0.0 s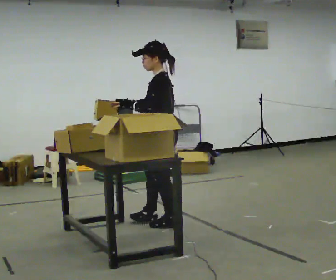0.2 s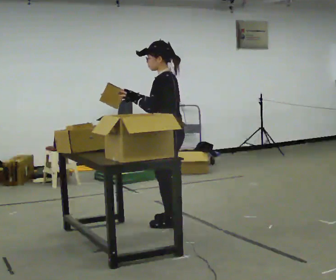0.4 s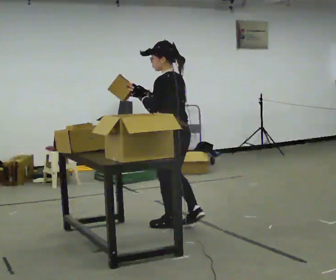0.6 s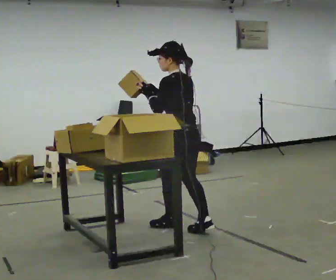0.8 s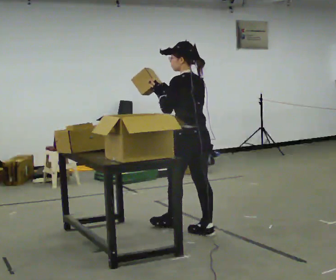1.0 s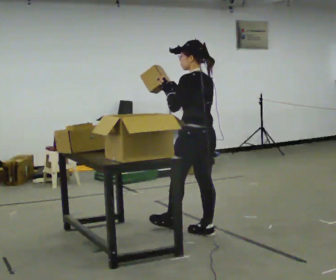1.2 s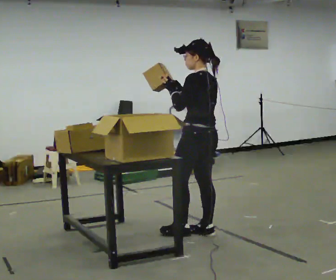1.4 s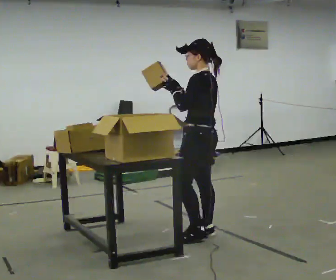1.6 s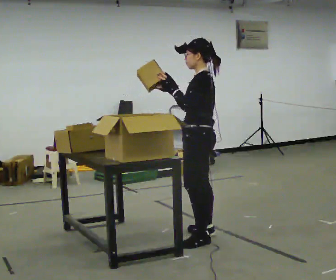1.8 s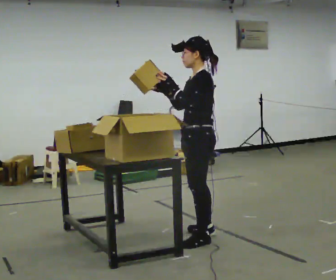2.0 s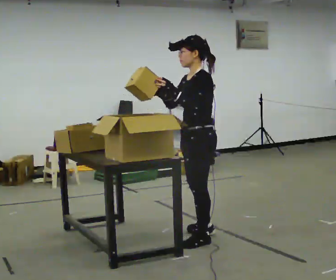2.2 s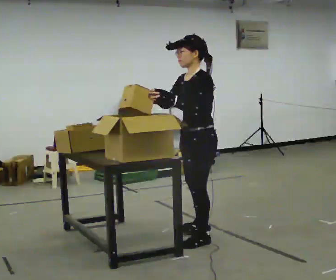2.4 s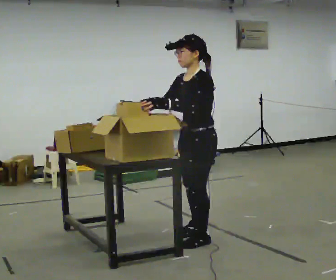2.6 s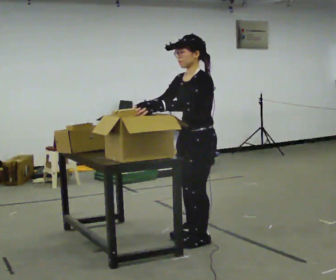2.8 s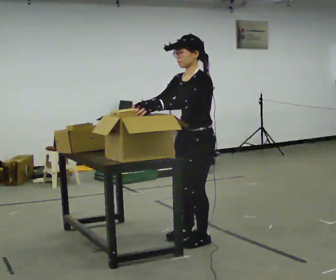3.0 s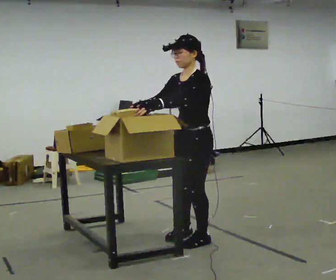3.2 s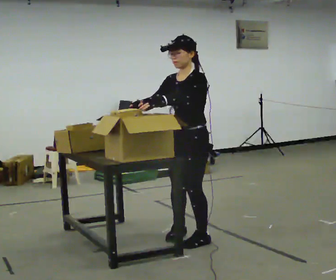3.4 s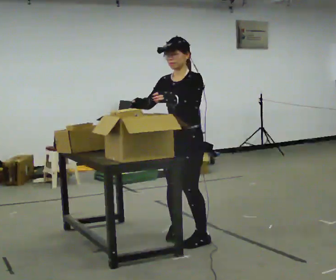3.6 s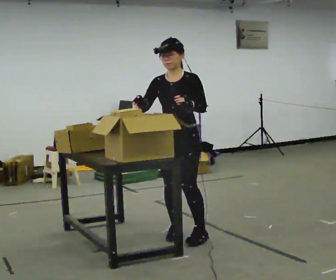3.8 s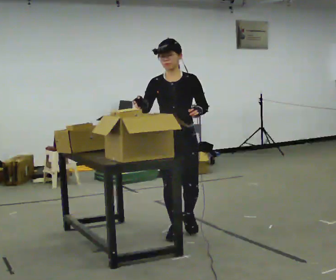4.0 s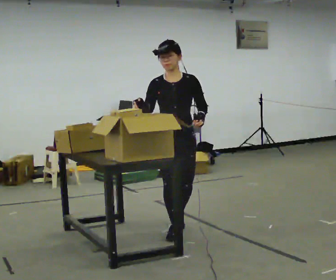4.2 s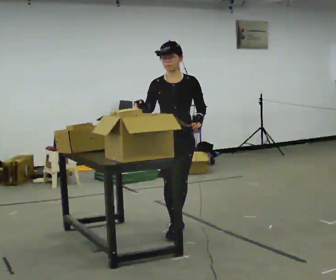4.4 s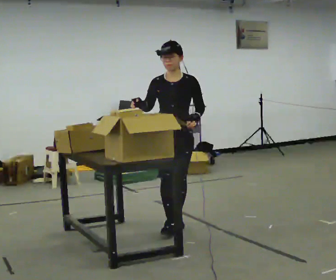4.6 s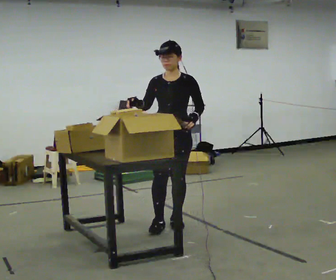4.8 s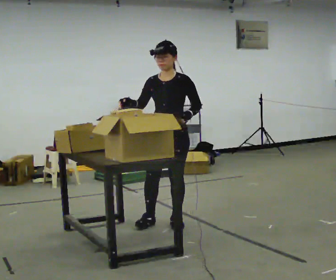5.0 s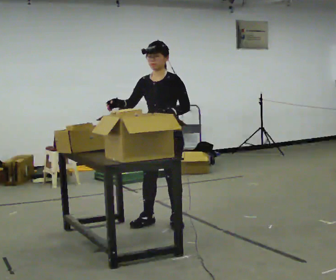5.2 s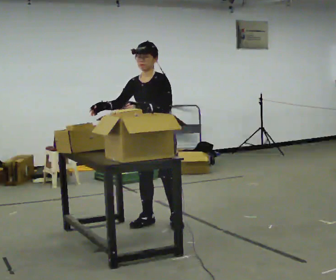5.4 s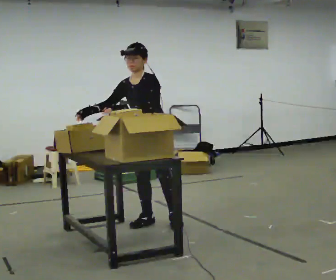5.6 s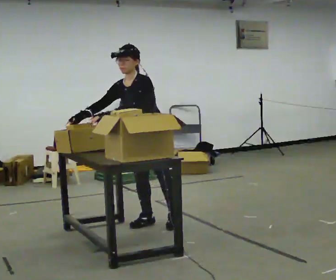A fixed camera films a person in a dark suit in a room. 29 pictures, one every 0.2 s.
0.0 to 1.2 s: The person turns about 30 degrees to their right, clockwise seen from above, so the part of the body nearest the lens slides to the left. In the picture they go to the right and toward the camera, about 0.5 m in 2 steps, which for them is backward.
1.2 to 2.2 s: Seen from above the body turns counterclockwise, about 45 degrees: to their left, with its near side sliding to the right. In the picture they go toward the camera, about 0.25 m, which for them is to their left.
2.2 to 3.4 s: The person turns about 45 degrees to their left, counterclockwise seen from above, so the part of the body nearest the lens slides to the right.
3.4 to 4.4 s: The part of the body nearest the lens slides to the right as the person turns to their left by about 45 degrees. In the picture they go away from the camera, about 0.25 m in 2 steps, which for them is backward.
4.4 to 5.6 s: The part of the body nearest the lens slides to the left as the person turns to their right by about 30 degrees. In the picture they go to the left, about 0.25 m, which for them is to their right. In the picture the upper body tilts counterclockwise, shoulders to the left, as they bend forward. In the picture their left hand goes to the left.
The film runs backward here.
